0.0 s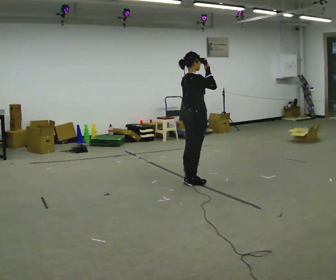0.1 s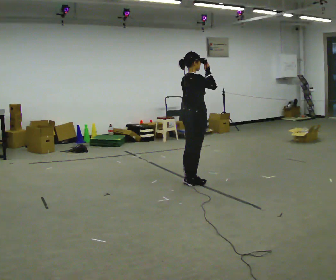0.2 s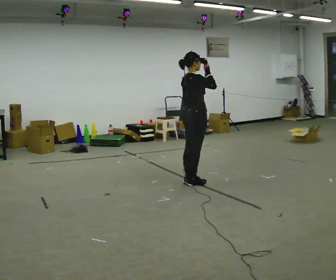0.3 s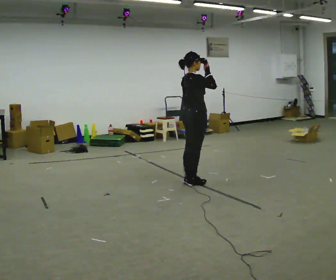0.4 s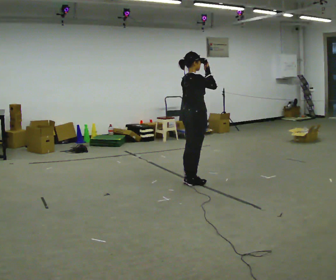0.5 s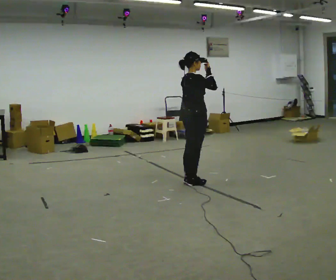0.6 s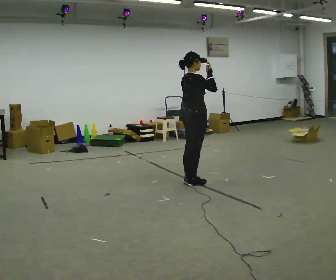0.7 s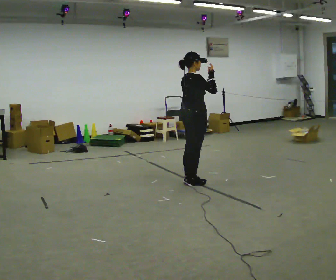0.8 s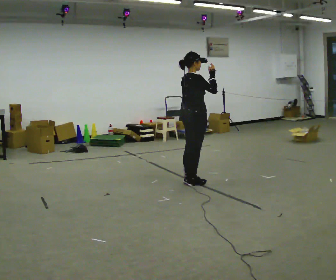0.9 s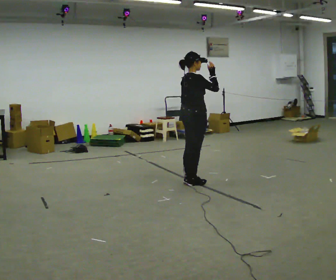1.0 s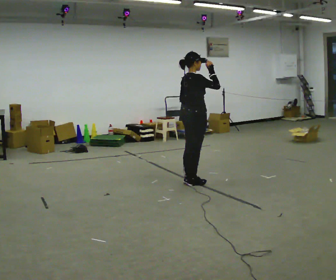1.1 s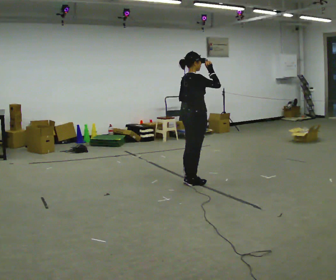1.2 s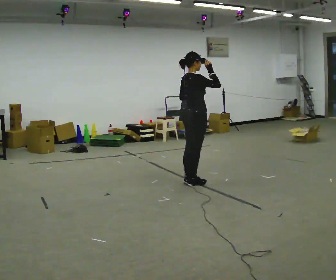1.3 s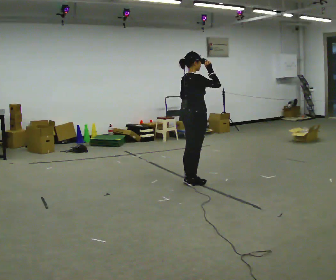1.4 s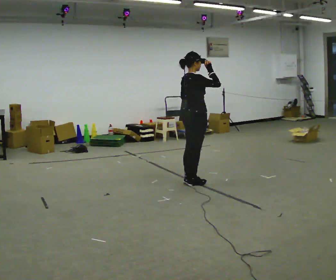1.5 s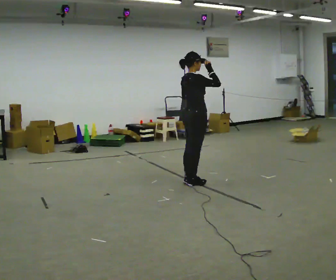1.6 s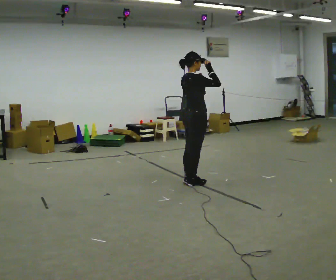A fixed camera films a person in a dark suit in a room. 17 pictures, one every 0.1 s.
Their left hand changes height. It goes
upward.
0.0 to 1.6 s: In the picture their left hand goes upward.
The film runs forward here.
